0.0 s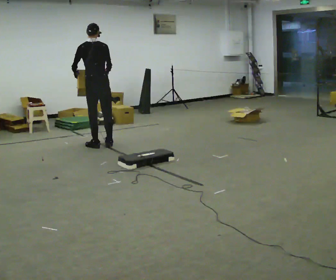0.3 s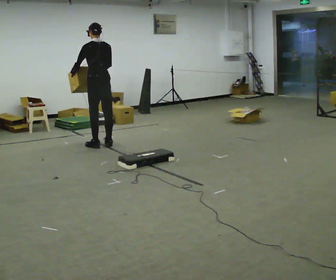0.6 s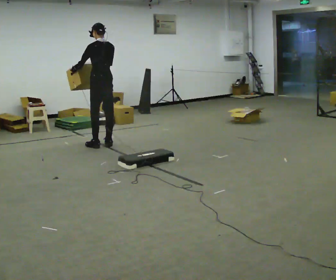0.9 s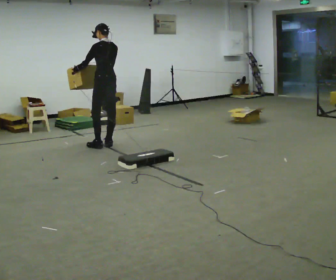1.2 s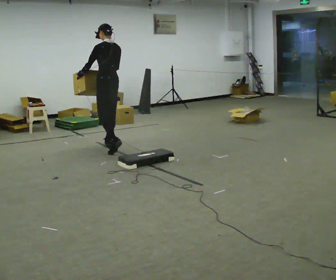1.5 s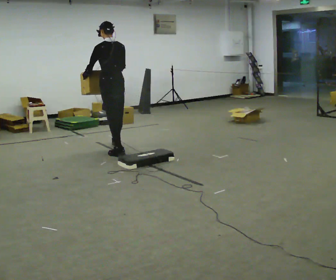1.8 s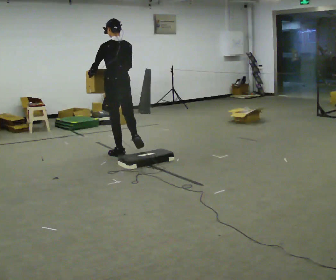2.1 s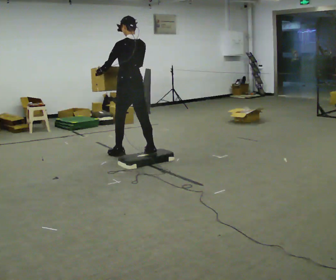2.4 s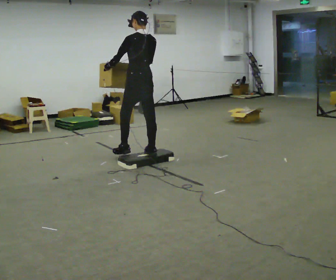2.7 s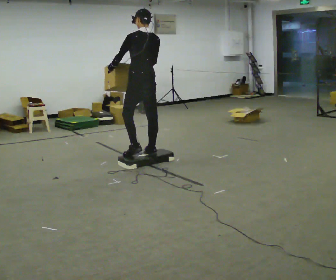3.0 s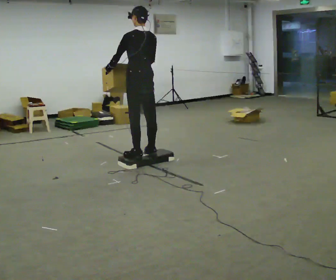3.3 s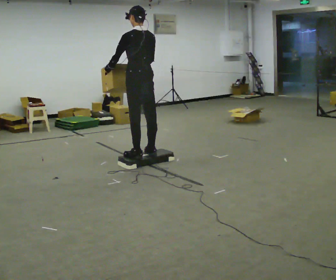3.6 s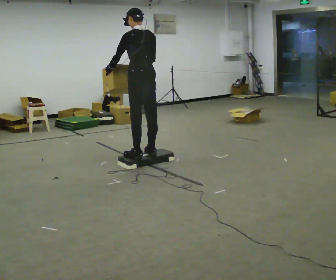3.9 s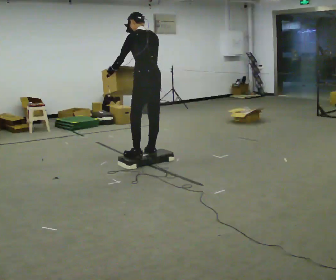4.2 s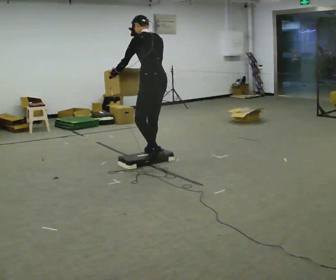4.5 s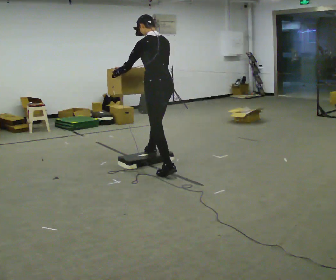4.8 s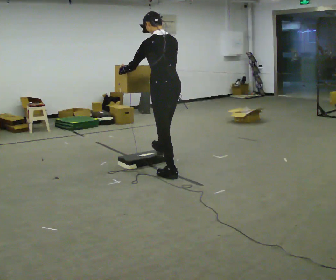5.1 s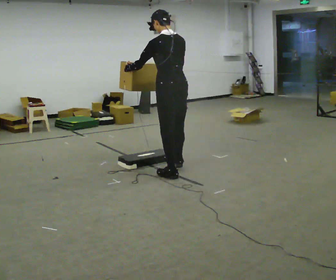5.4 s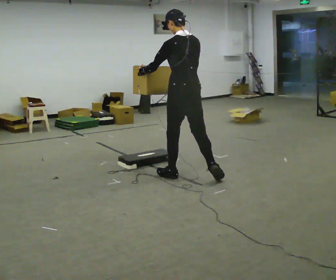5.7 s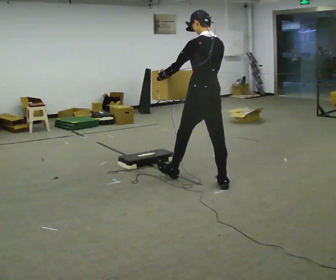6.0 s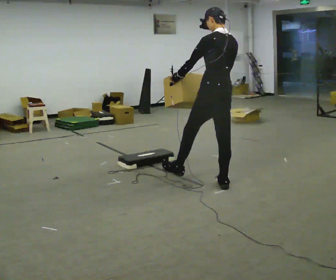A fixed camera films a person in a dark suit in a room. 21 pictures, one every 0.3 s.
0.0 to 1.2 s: The part of the body nearest the lens slides to the right as the person turns to their left by about 45 degrees. In the picture they go to the right, about 0.25 m in 1 step, which for them is backward and to their right.
1.2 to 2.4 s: In the picture they go toward the camera and to the right, about 0.5 m in 2 steps, which for them is backward.
2.4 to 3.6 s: In the picture they go toward the camera, about 0.25 m, which for them is backward.
3.6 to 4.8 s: In the picture they go toward the camera and to the right, about 0.5 m in 2 steps, which for them is backward.
4.8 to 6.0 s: In the picture they go to the right and toward the camera, about 0.5 m in 1 step, which for them is backward and to their right.
The film runs backward here.
